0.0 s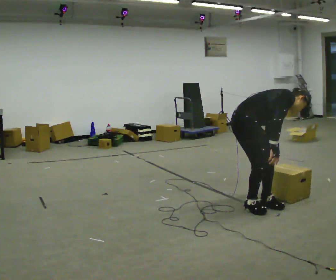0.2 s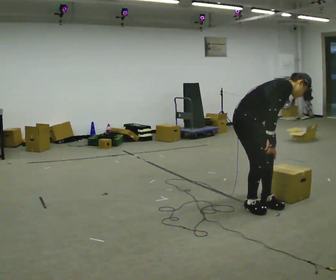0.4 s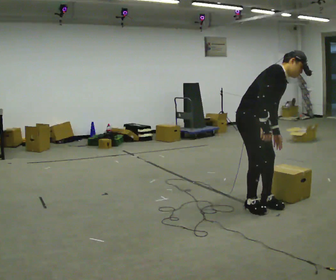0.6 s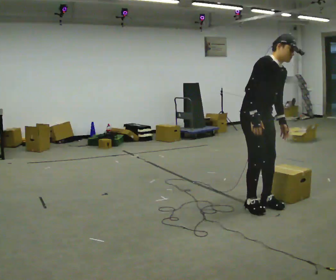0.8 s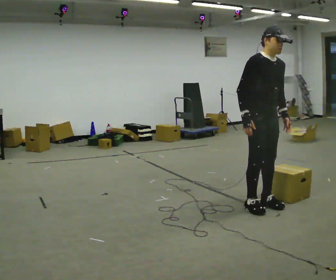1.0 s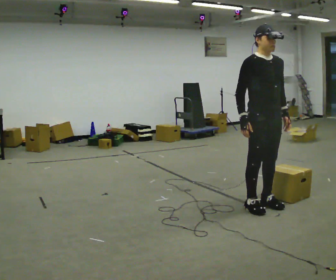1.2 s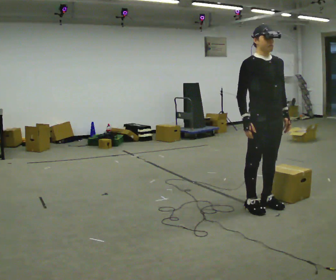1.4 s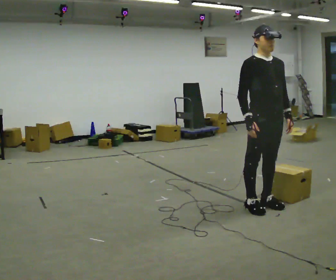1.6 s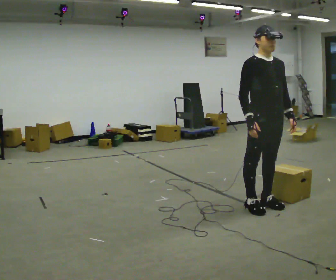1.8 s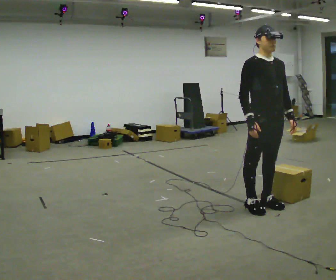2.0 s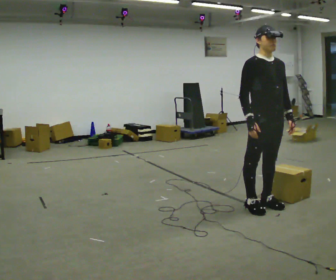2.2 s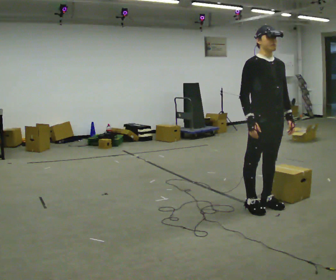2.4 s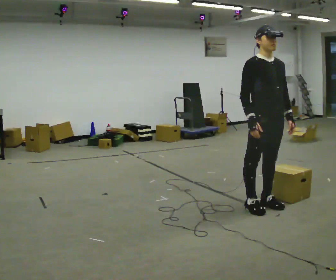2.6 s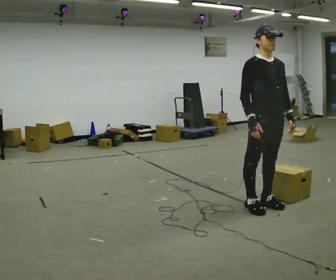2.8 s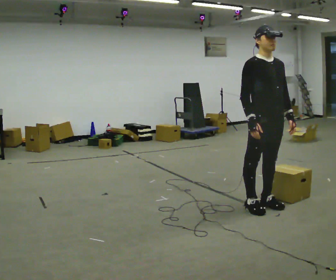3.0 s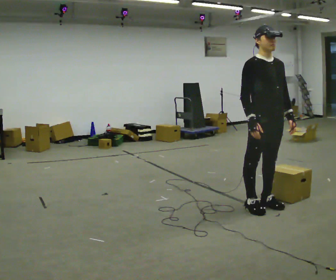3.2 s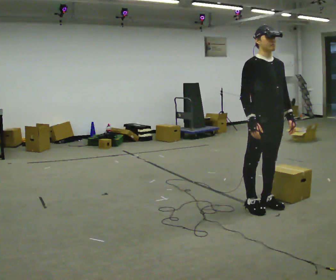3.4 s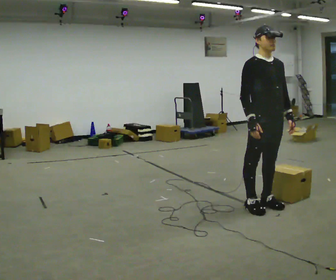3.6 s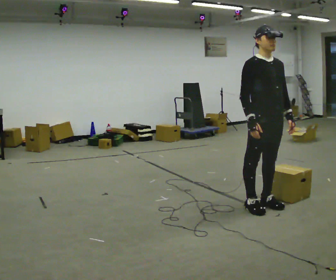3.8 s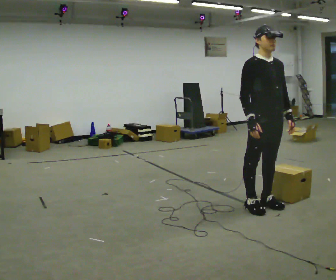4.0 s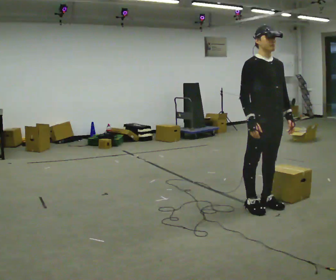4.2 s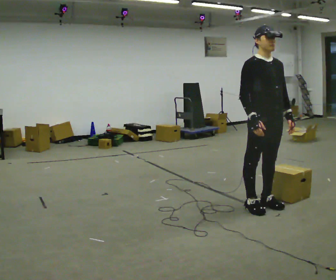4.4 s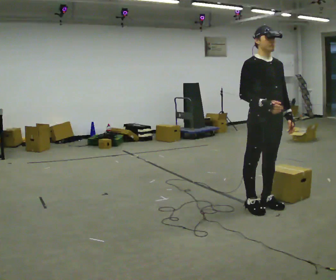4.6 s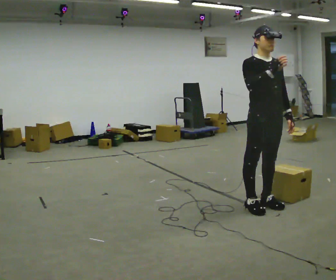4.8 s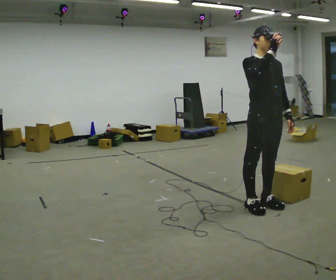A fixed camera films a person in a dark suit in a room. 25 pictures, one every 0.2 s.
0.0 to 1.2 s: Seen from above the body turns clockwise, about 60 degrees: to their right, with its near side sliding to the left. In the picture they go to the right, about 0.25 m, which for them is to their left and forward. The shoulders move upward. In the picture the upper body tilts counterclockwise, shoulders to the left, as they lean back or straighten. In the picture their left hand goes upward.
1.2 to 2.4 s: The person moves a little, or ends about where they began.
2.4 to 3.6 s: The person keeps their place and pose.
3.6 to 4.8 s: In the picture their right hand goes upward.
The film runs forward here.
